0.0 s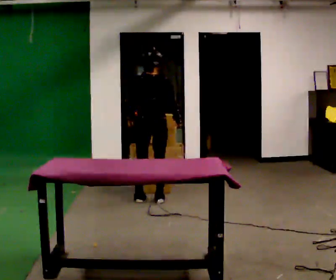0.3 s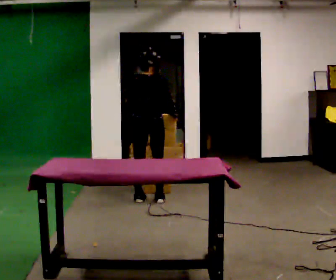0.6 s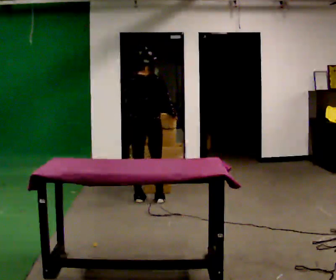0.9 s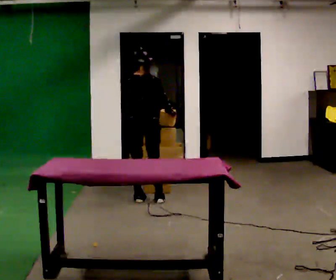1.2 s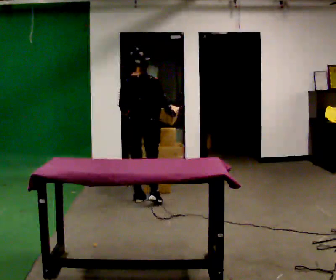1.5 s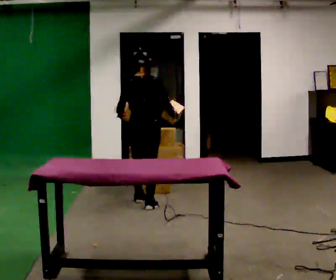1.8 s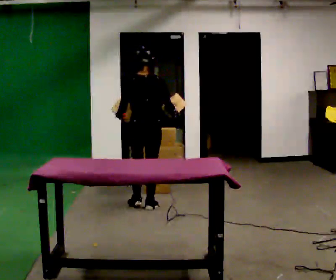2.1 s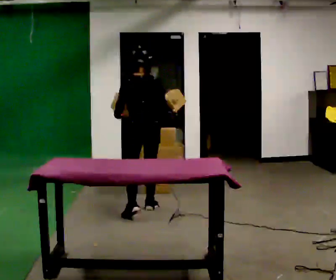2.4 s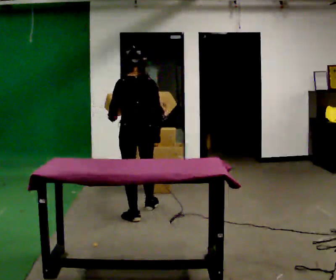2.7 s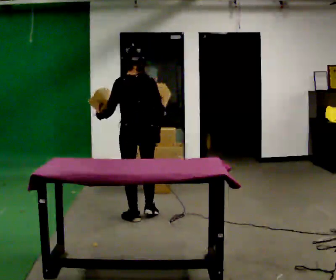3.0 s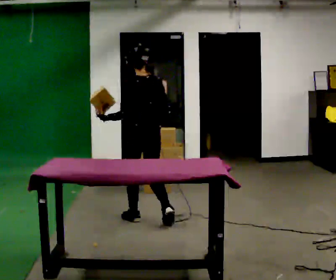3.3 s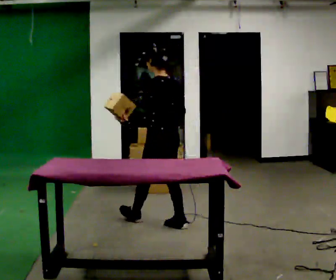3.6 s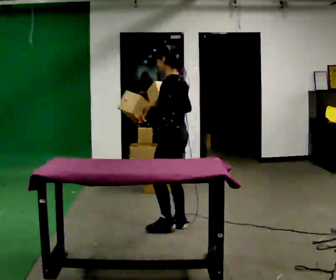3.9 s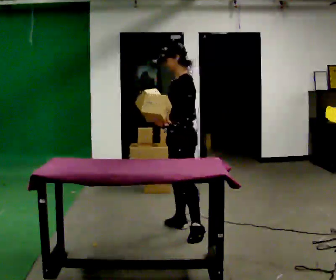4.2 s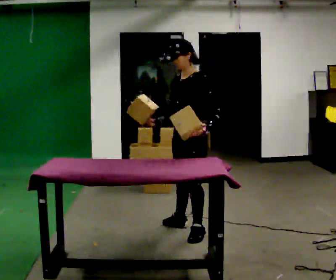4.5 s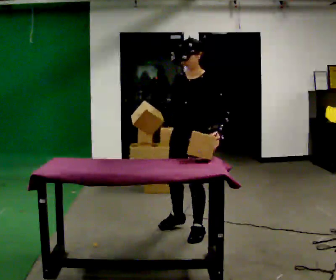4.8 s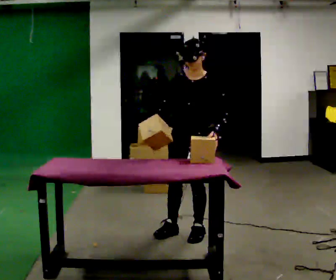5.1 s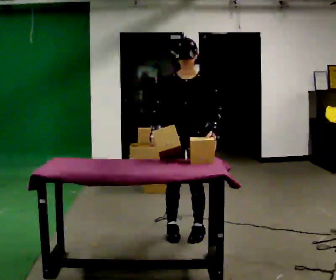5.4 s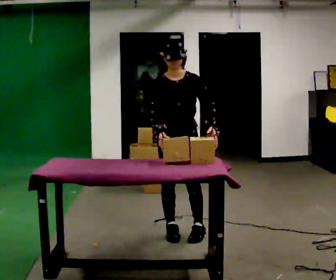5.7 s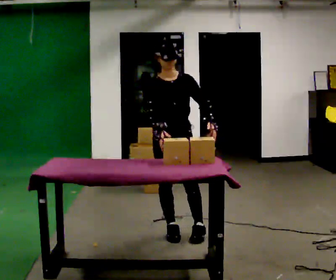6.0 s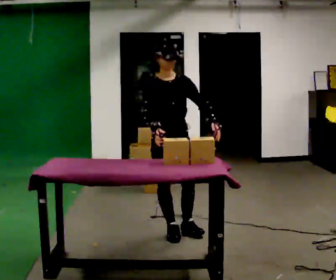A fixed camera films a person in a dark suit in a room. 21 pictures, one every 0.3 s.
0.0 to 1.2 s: The person moves a little, or ends about where they began.
1.2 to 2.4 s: In the picture they go toward the camera, about 0.5 m in 1 step, which for them is backward.
2.4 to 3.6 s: The part of the body nearest the lens slides to the right as the person turns to their left by about 60 degrees. In the picture they go toward the camera and to the right, about 0.5 m in 2 steps, which for them is backward and to their right.
3.6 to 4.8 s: The person turns about 90 degrees to their left, counterclockwise seen from above, so the part of the body nearest the lens slides to the right. In the picture they go toward the camera and to the right, about 0.25 m in 1 step.
4.8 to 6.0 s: Seen from above the body turns counterclockwise, about 60 degrees: to their left, with its near side sliding to the right. In the picture they go to the left, about 0.25 m in 1 step, which for them is to their right.
The film runs backward here.
